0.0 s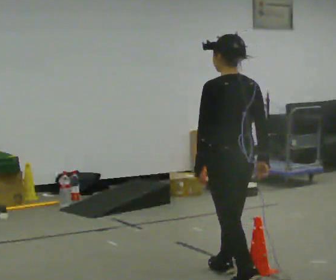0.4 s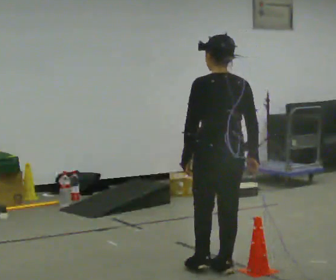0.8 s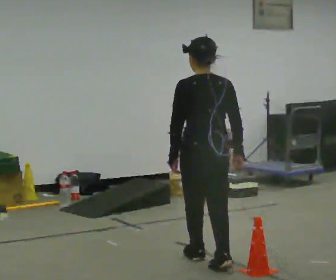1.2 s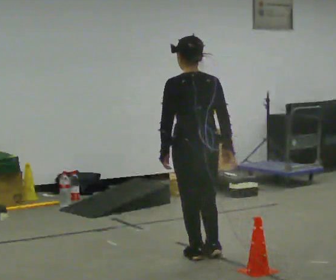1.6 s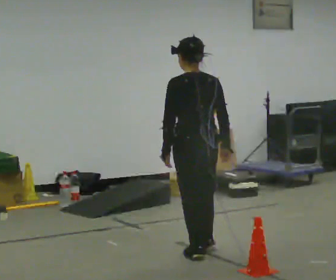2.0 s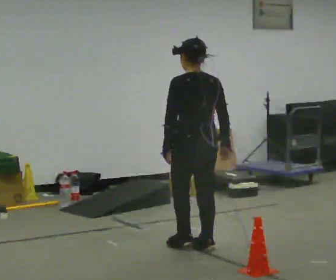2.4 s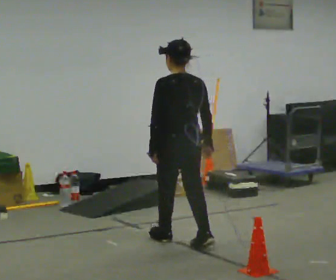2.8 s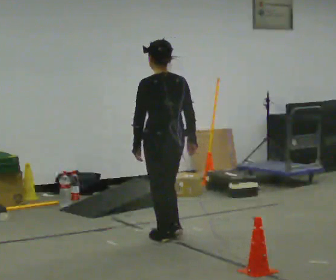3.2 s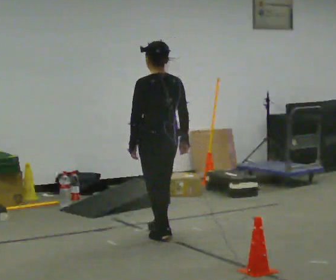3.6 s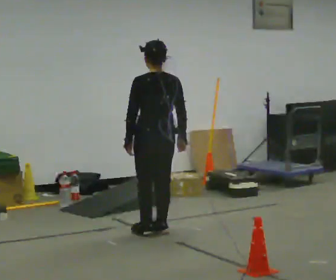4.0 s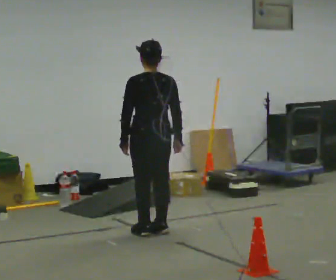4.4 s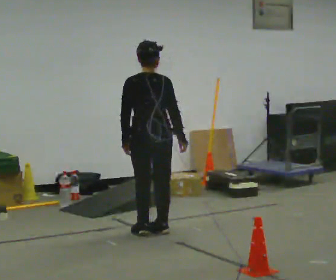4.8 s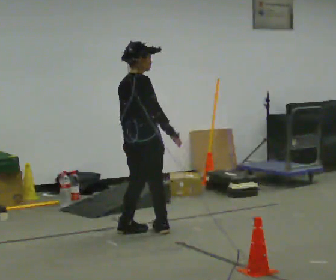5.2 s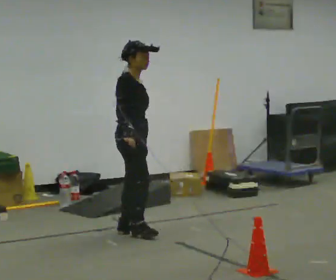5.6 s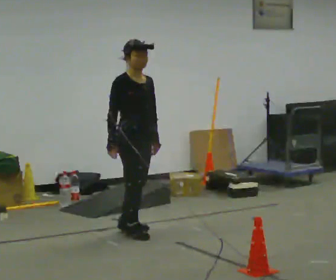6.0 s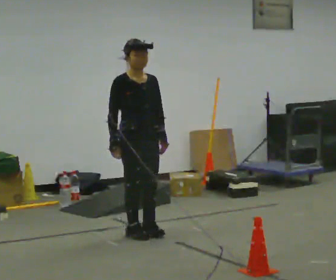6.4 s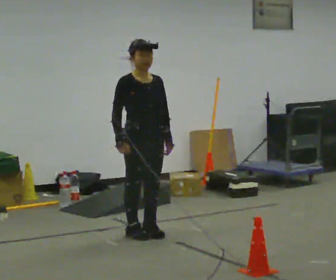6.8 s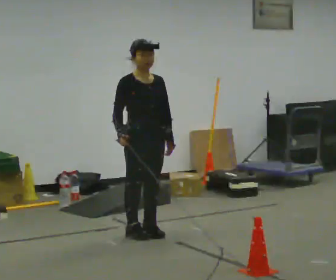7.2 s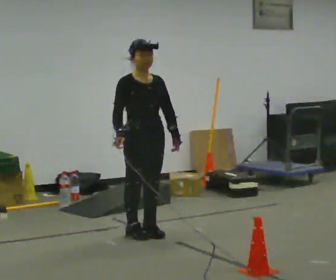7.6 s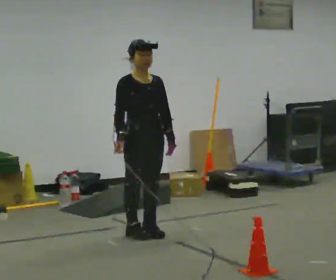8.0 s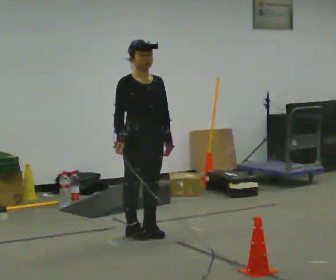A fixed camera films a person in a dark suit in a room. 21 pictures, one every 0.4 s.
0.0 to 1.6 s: In the picture they go away from the camera, about 0.75 m in 2 steps, which for them is forward.
1.6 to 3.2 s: In the picture they go away from the camera, about 0.5 m in 2 steps, which for them is forward.
3.2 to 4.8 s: The part of the body nearest the lens slides to the left as the person turns to their right by about 90 degrees. In the picture they go to the left, about 0.25 m in 2 steps.
4.8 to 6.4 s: Seen from above the body turns clockwise, about 90 degrees: to their right, with its near side sliding to the left. In the picture their right hand goes to the left, the arm swinging clockwise.
6.4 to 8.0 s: The person moves a little, or ends about where they began.
The film runs forward here.
